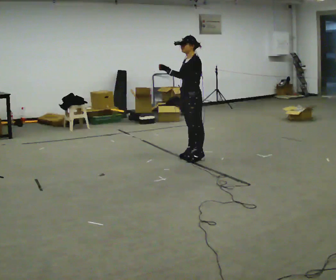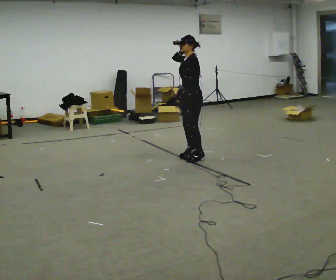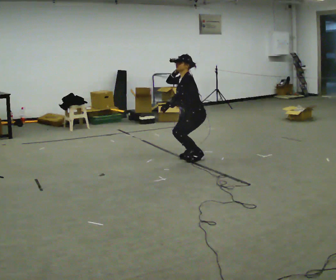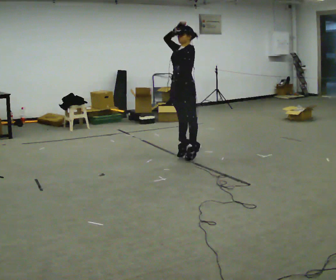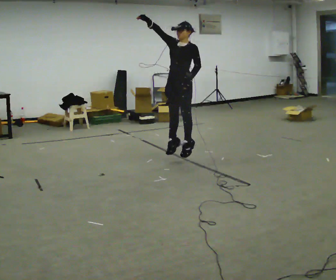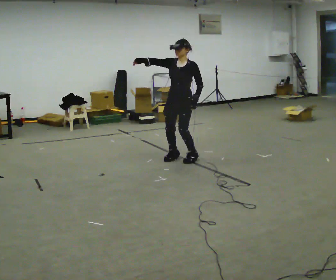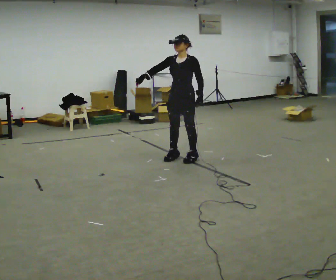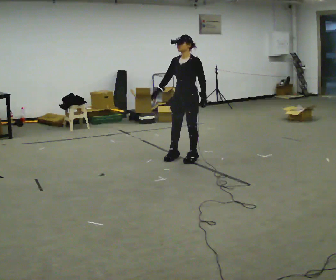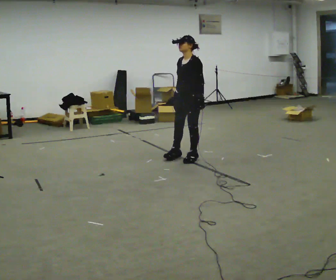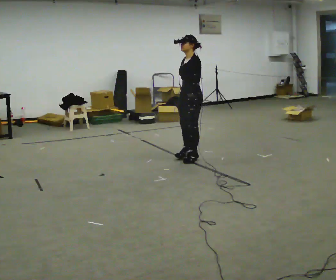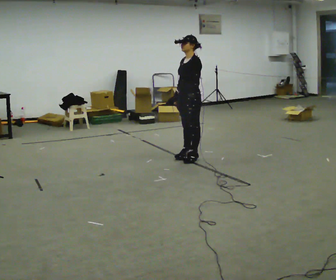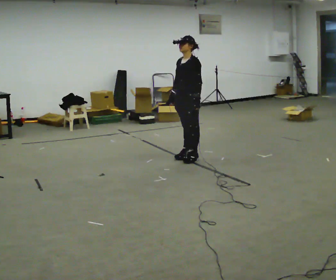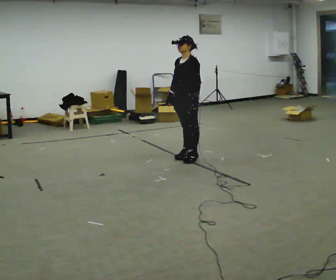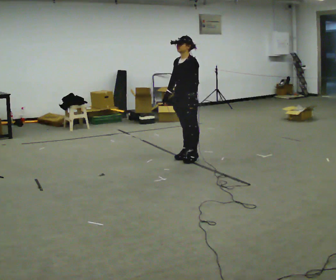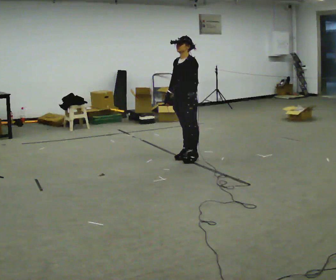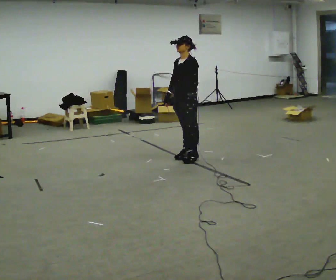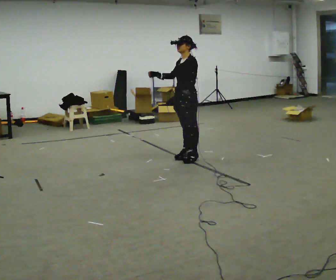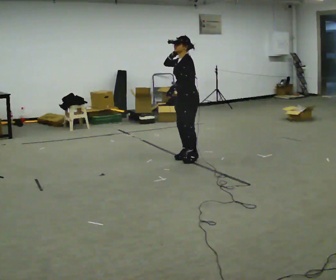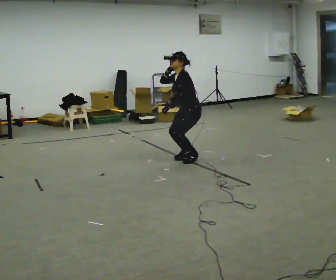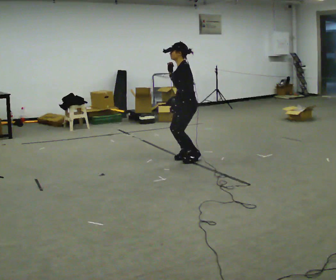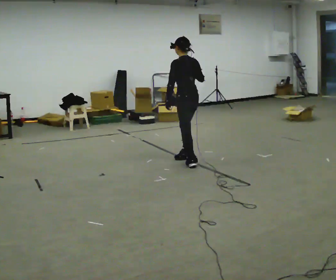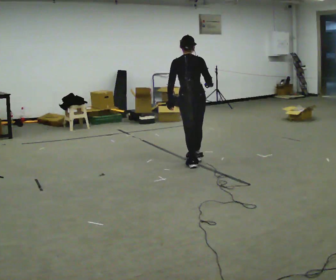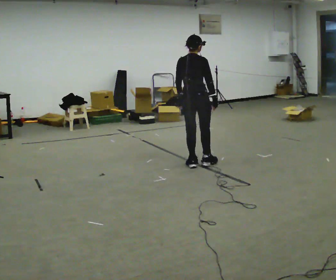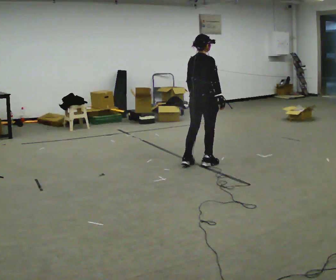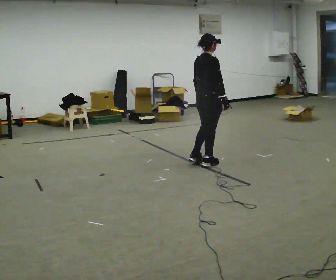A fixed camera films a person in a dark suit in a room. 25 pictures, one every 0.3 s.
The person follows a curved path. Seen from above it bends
counterclockwise.
0.0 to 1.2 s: The part of the body nearest the lens slides to the right as the person turns to their left by about 45 degrees. In the picture they go to the left, about 0.25 m in 1 step, which for them is forward. In the picture their right hand goes upward.
1.2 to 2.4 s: The part of the body nearest the lens slides to the left as the person turns to their right by about 30 degrees. In the picture their right hand goes downward and to the right, the arm swinging counterclockwise.
2.4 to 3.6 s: The person moves a little, or ends about where they began.
3.6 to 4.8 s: In the picture their right hand goes upward, the arm swinging clockwise.
4.8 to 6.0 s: The part of the body nearest the lens slides to the left as the person turns to their right by about 75 degrees. In the picture their right hand goes to the right.
6.0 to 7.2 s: Seen from above the body turns clockwise, about 90 degrees: to their right, with its near side sliding to the left. In the picture they go to the right, about 0.25 m in 1 step. In the picture their right hand goes to the right.
The film runs forward here.
